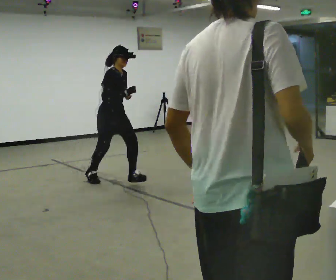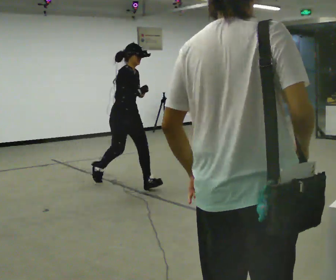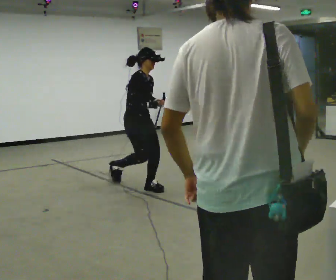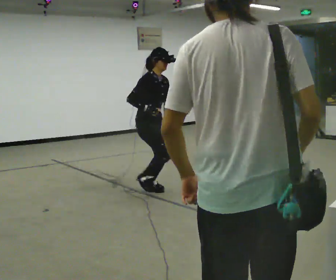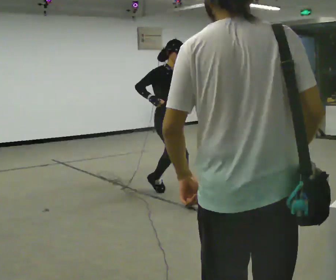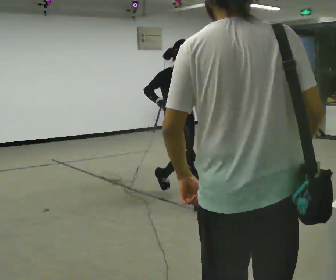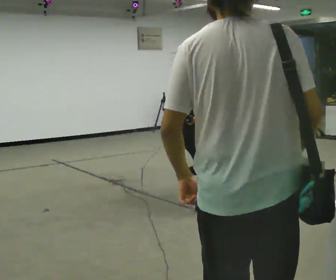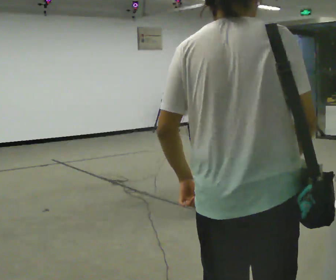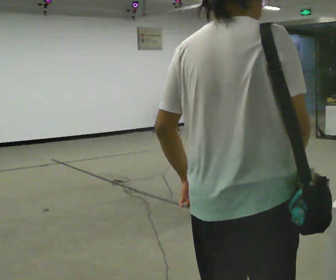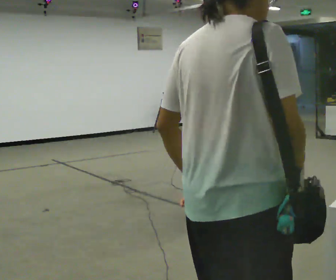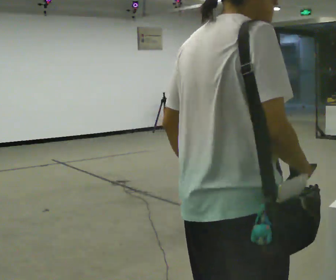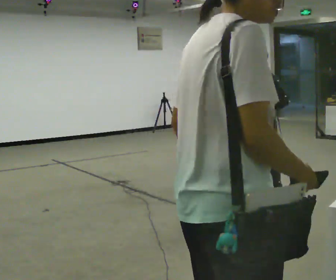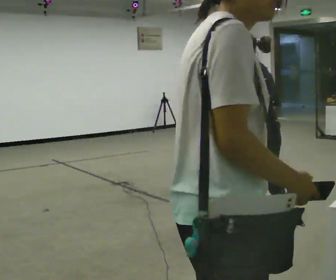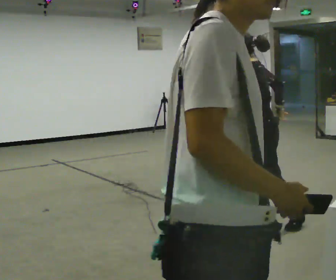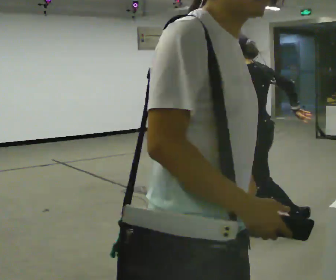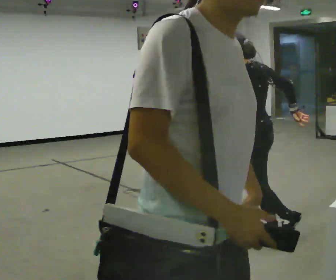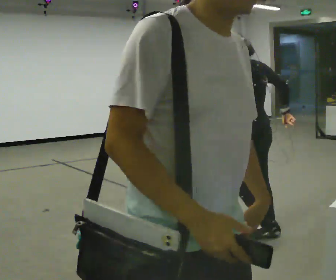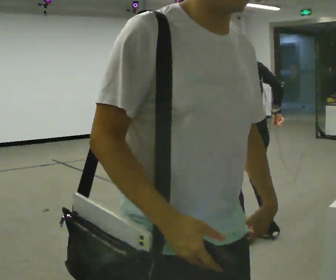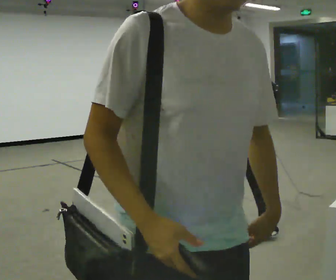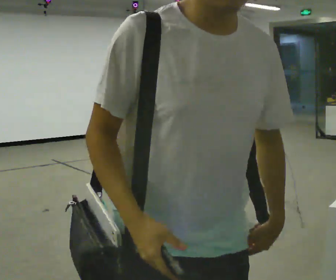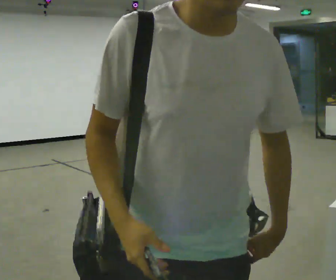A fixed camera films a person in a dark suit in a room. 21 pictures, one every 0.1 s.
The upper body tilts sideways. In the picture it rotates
counterclockwise.
The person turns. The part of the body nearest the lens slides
to the left.
0.0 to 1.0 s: The part of the body nearest the lens slides to the left as the person turns to their right by about 75 degrees. In the picture they go to the right and toward the camera, about 2 m in 3 steps. In the picture the upper body tilts counterclockwise, shoulders to the left.
1.0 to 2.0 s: The part of the body nearest the lens slides to the left as the person turns to their right by about 135 degrees. In the picture they go toward the camera and to the left, about 0.25 m in 2 steps.
The film runs forward here.
